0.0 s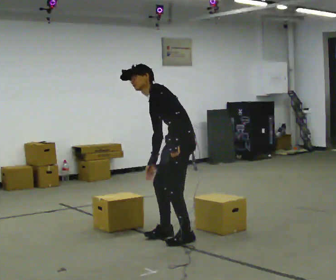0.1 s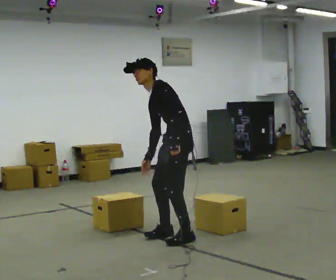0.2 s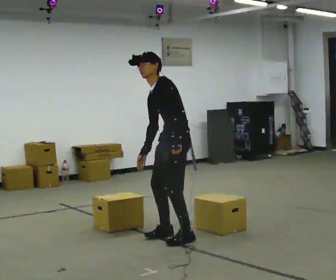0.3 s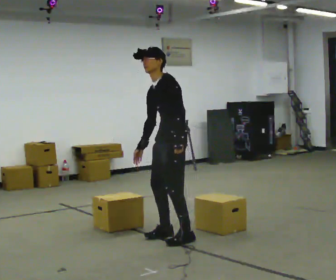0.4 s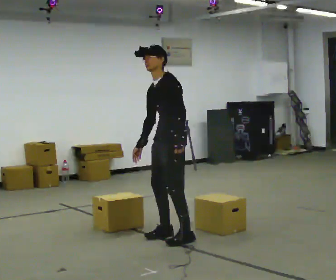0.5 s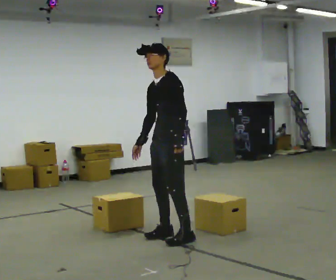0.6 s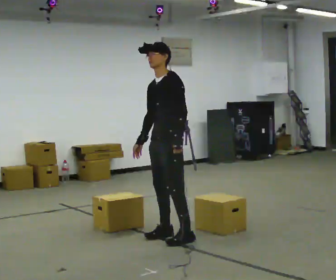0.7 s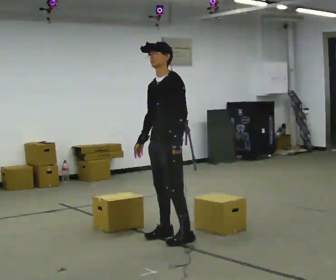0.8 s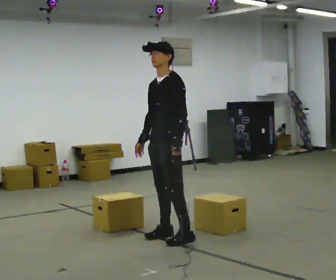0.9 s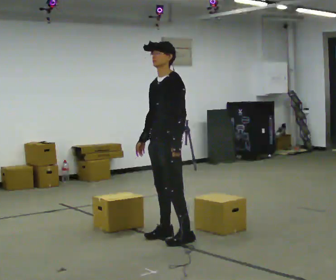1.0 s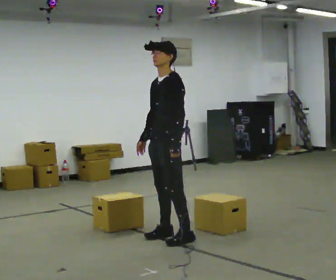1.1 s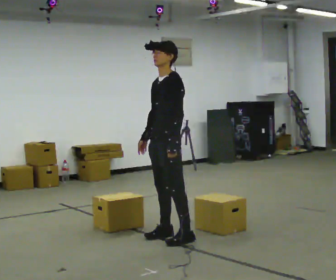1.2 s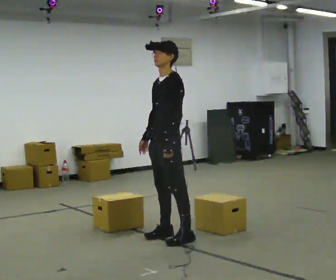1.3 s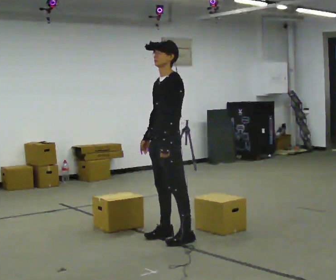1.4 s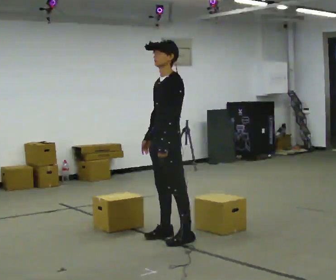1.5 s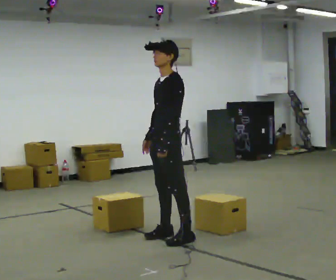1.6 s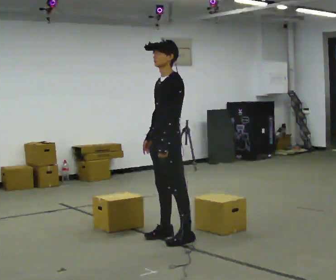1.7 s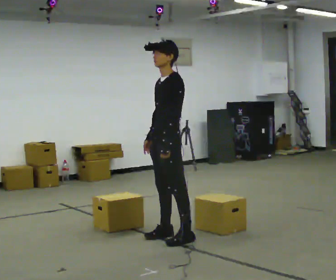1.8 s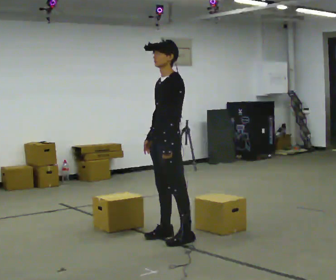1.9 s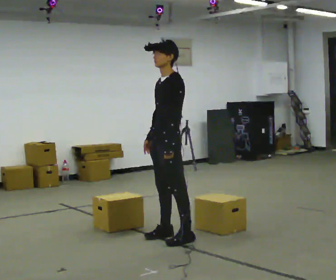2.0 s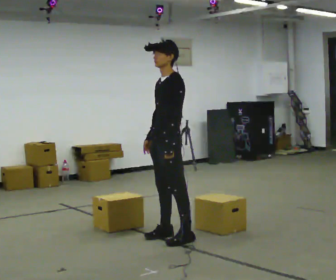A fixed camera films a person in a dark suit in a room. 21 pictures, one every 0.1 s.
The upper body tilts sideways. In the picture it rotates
clockwise.
0.0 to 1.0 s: In the picture the upper body tilts clockwise, shoulders to the right, as they lean back or straighten.
1.0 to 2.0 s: The person moves a little, or ends about where they began.
The film runs forward here.
